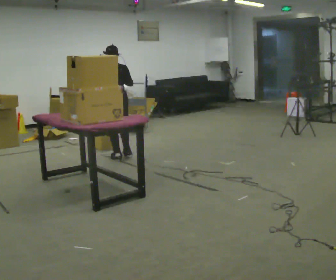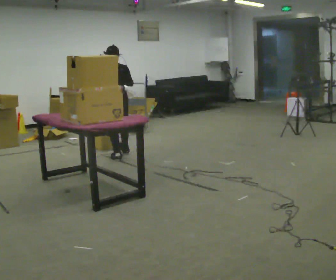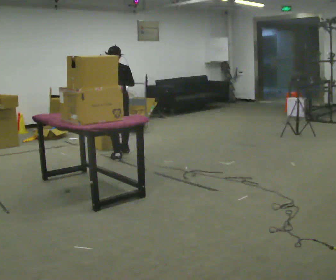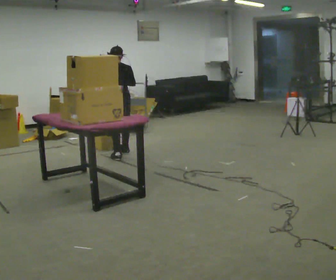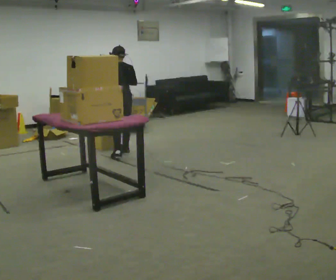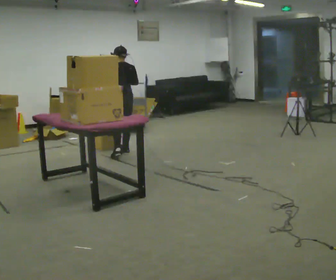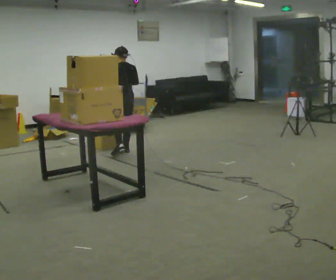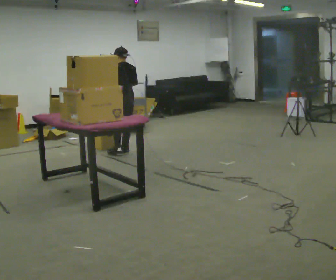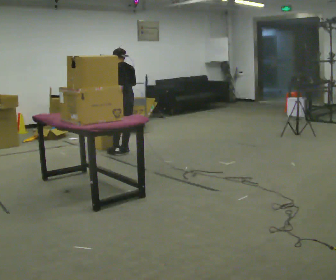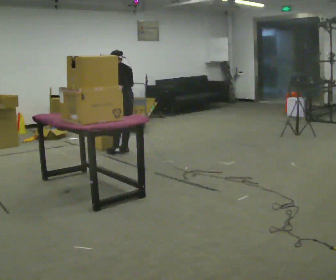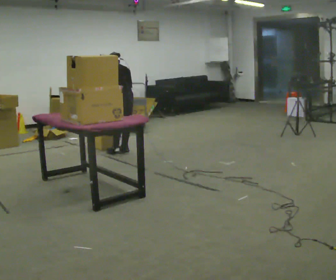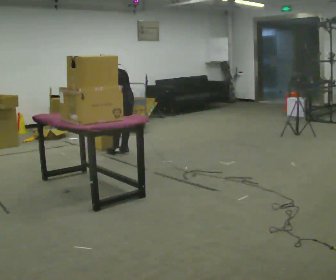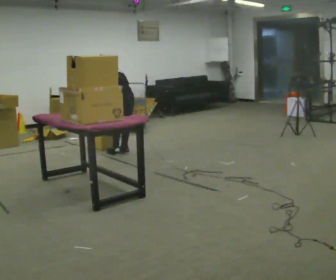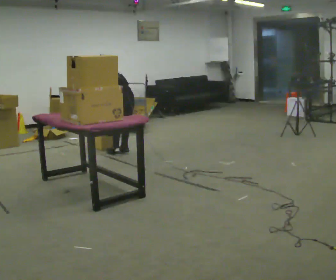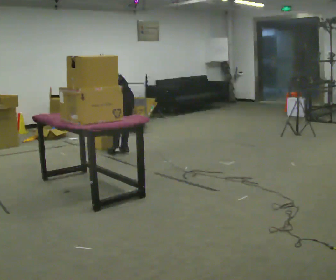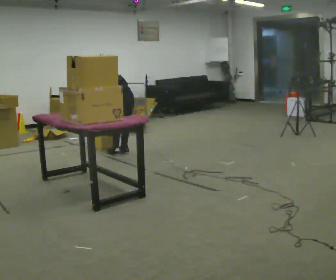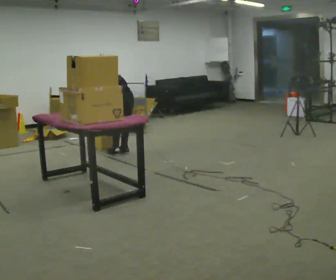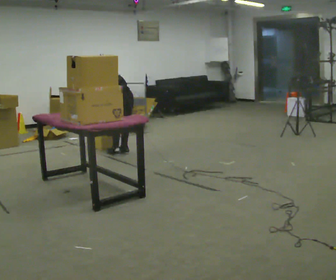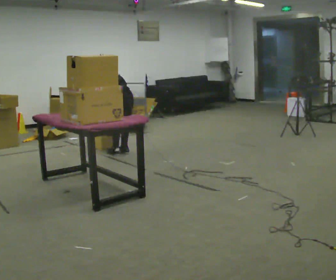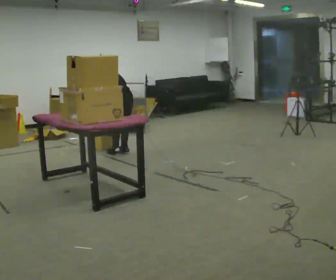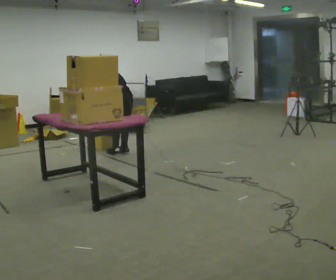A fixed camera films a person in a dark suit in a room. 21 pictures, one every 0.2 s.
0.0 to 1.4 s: In the picture they go away from the camera, about 0.25 m in 1 step, which for them is forward and to their right.
1.4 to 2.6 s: The shoulders move downward. The upper body tips away from the camera, its near side rolling upward, as they bend forward.
2.6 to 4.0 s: The person moves a little, or ends about where they began.
The film runs forward here.
